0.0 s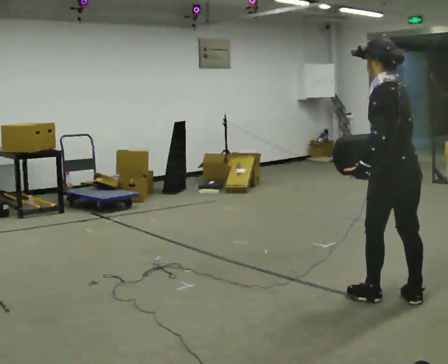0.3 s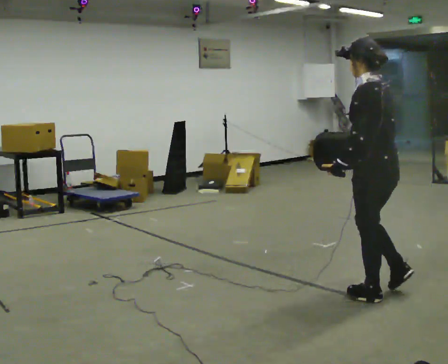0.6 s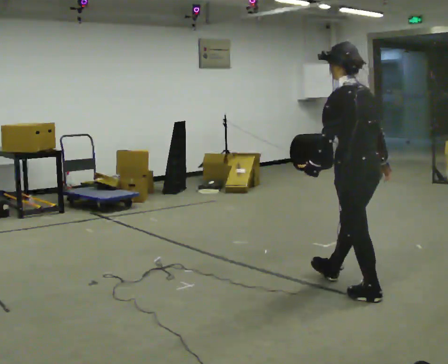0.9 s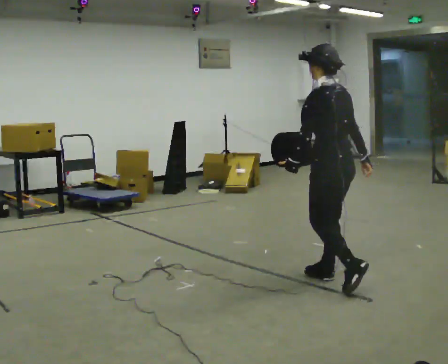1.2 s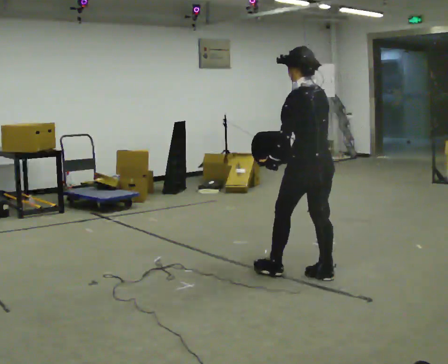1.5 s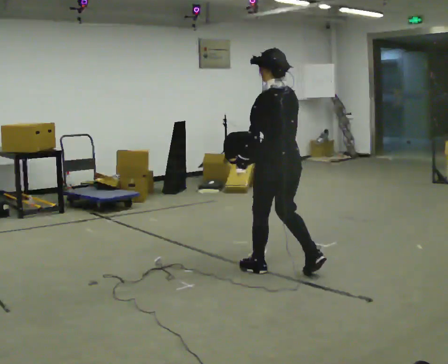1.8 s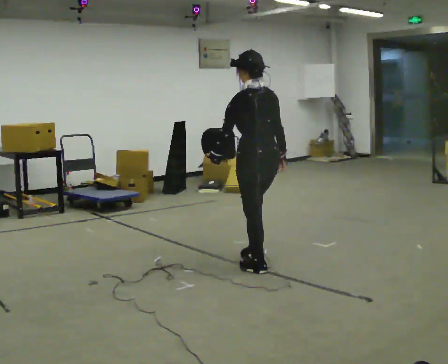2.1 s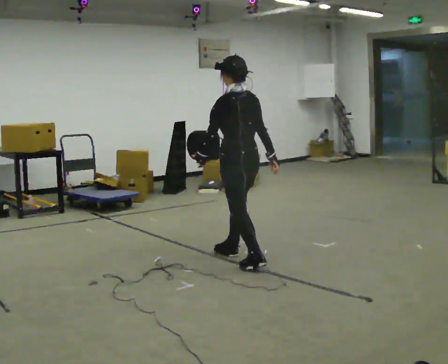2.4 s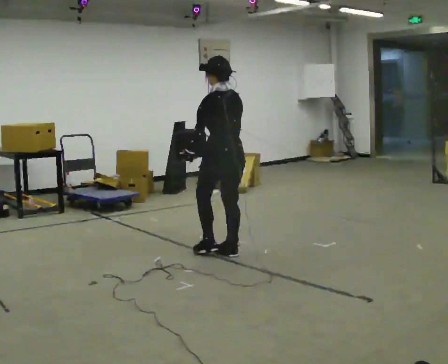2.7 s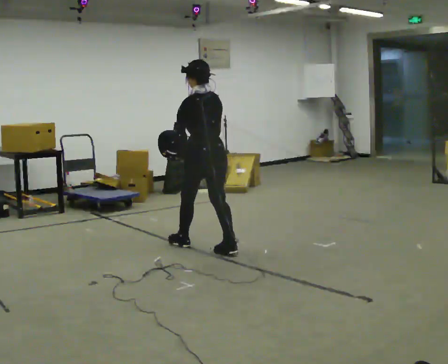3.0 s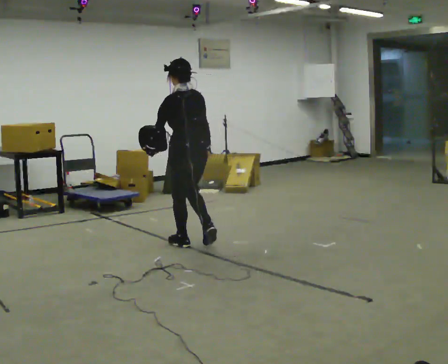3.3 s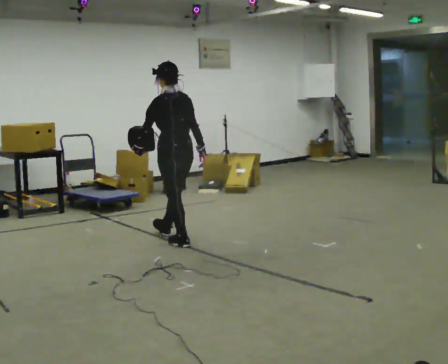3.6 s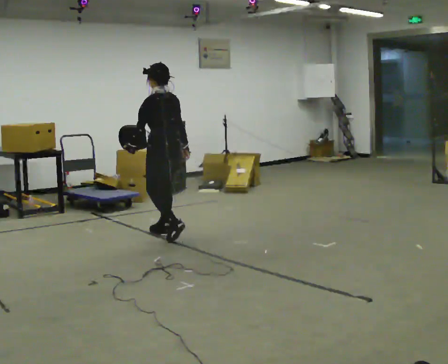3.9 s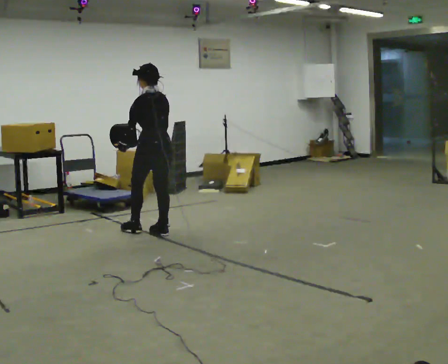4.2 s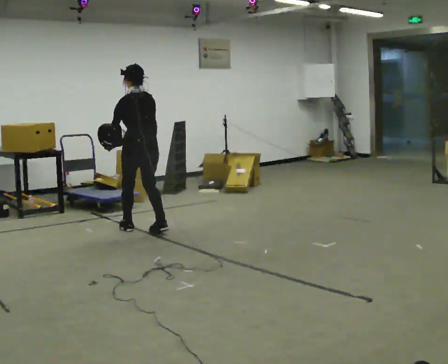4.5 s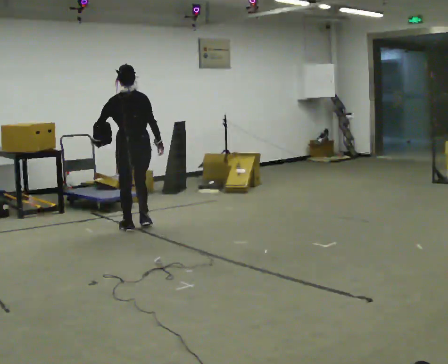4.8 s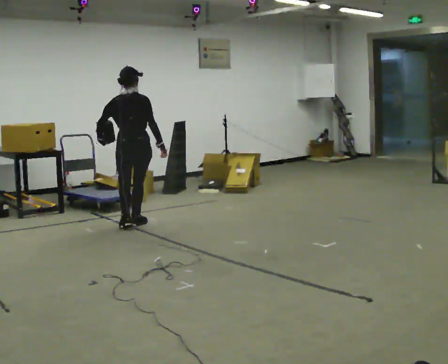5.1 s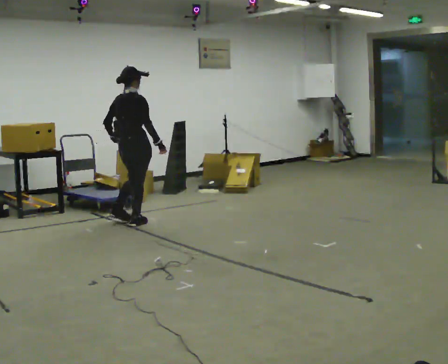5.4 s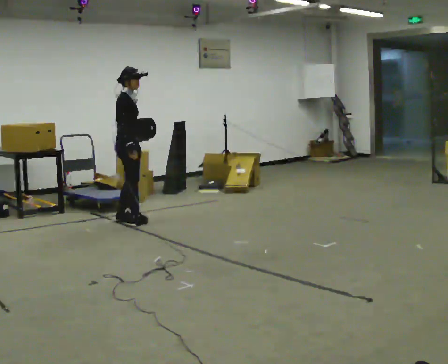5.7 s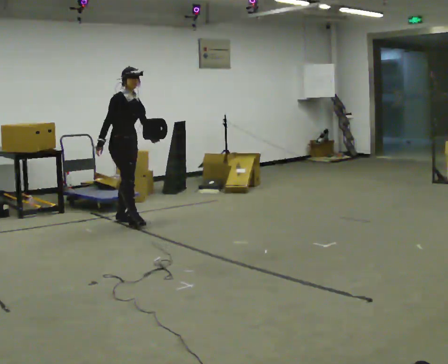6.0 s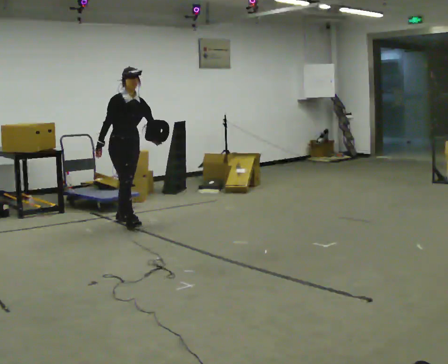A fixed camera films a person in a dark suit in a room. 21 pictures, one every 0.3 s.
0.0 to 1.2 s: In the picture they go away from the camera and to the left, about 0.5 m in 1 step, which for them is forward.
1.2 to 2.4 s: In the picture they go away from the camera and to the left, about 1 m in 2 steps, which for them is forward.
2.4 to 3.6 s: In the picture they go away from the camera and to the left, about 1 m in 2 steps, which for them is forward.
3.6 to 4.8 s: The person turns about 60 degrees to their right, clockwise seen from above, so the part of the body nearest the lens slides to the left. In the picture they go away from the camera and to the left, about 0.5 m in 2 steps, which for them is forward.
4.8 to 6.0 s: The person turns about 135 degrees to their right, clockwise seen from above, so the part of the body nearest the lens slides to the left. In the picture their left hand goes to the right, the arm swinging counterclockwise.
The film runs forward here.
